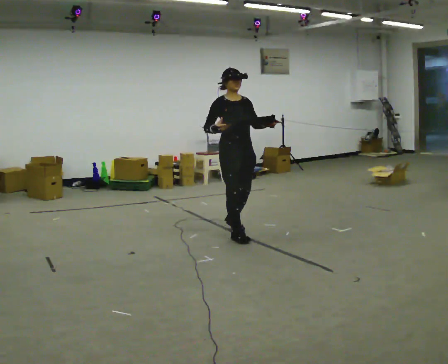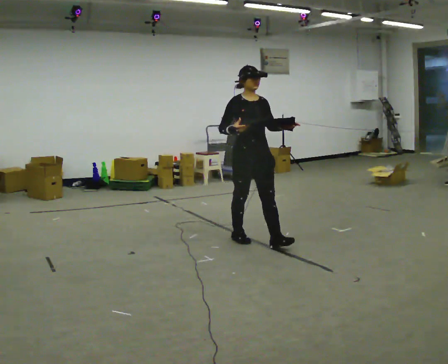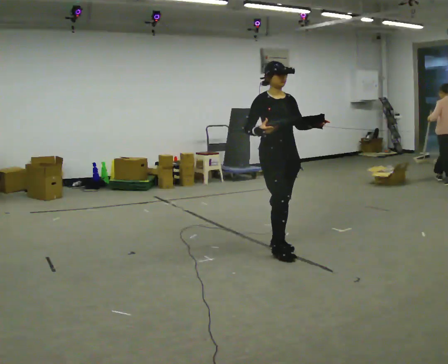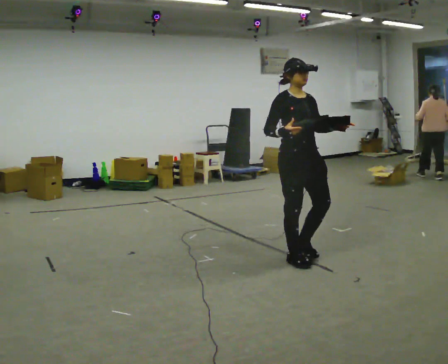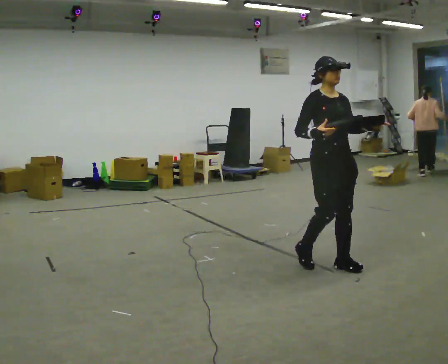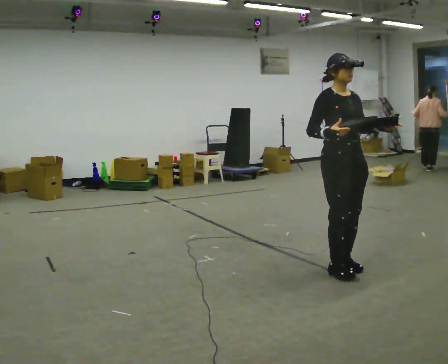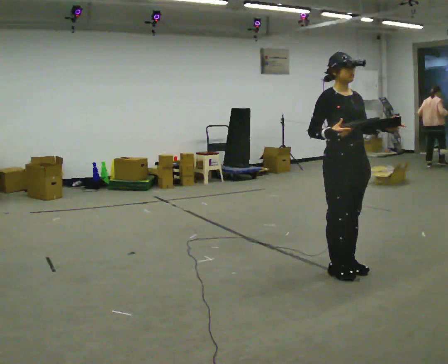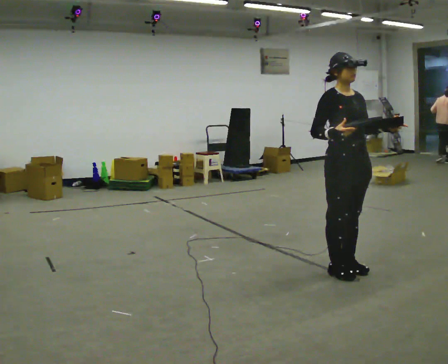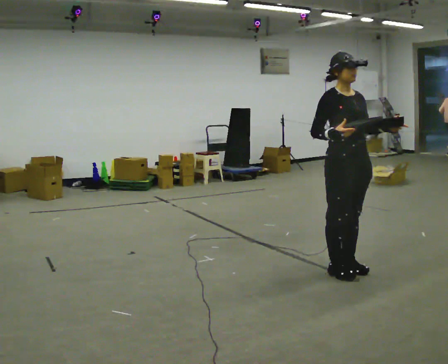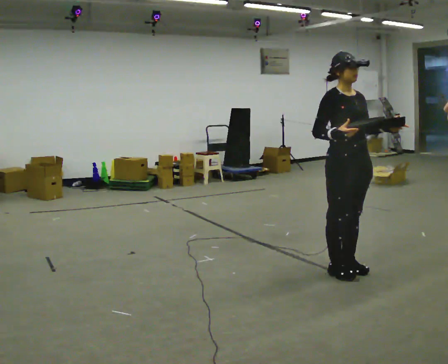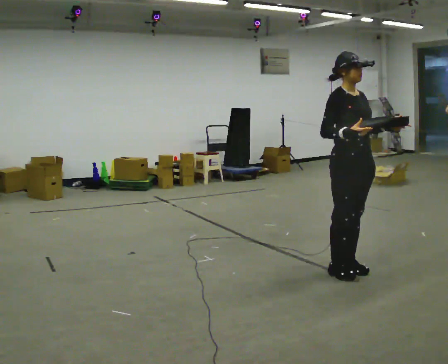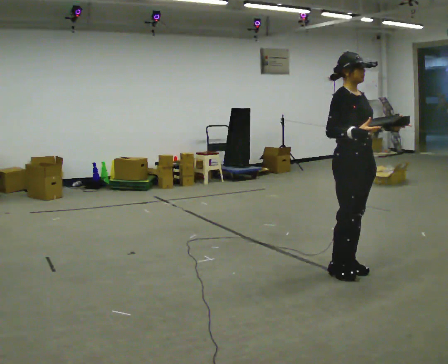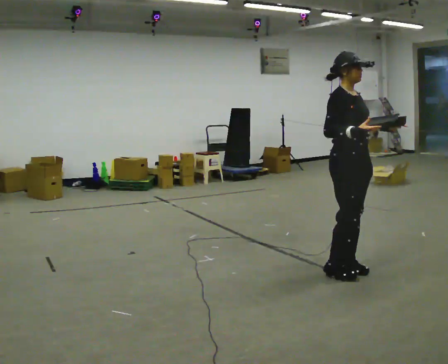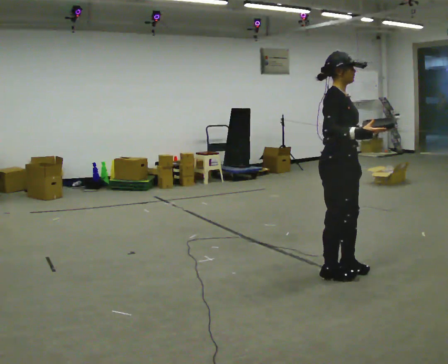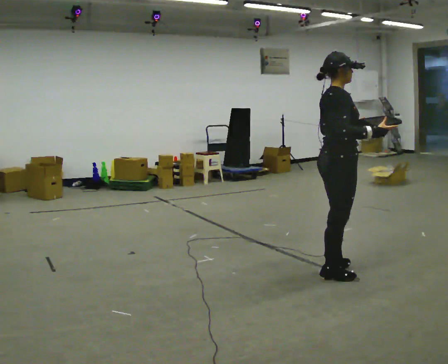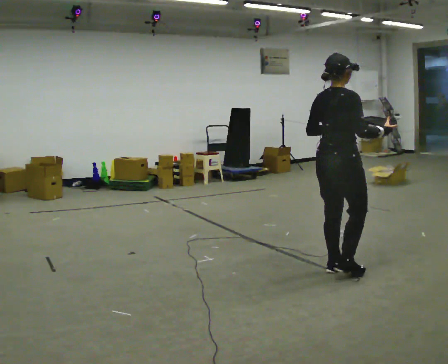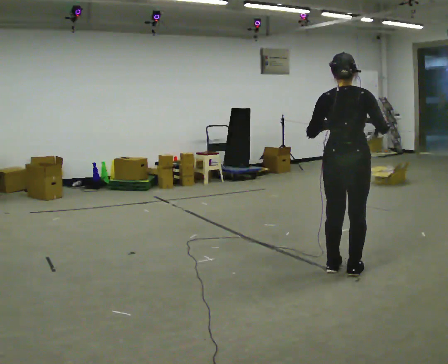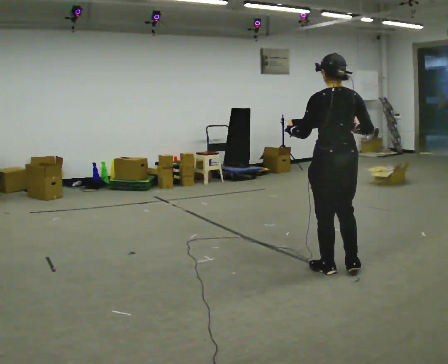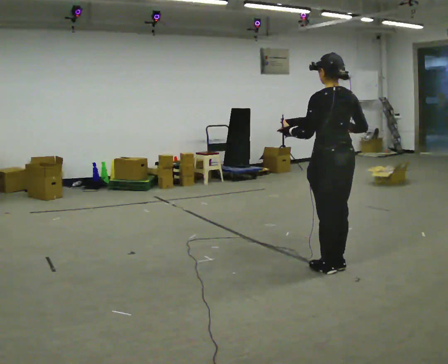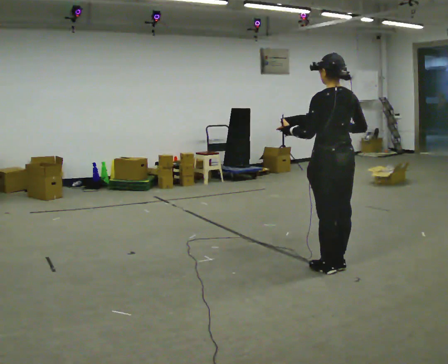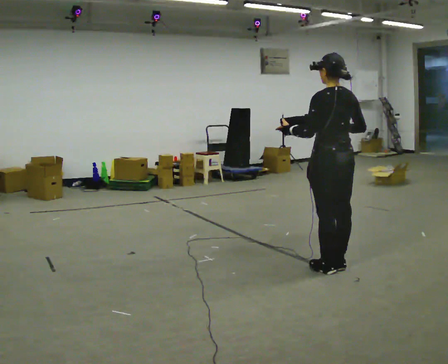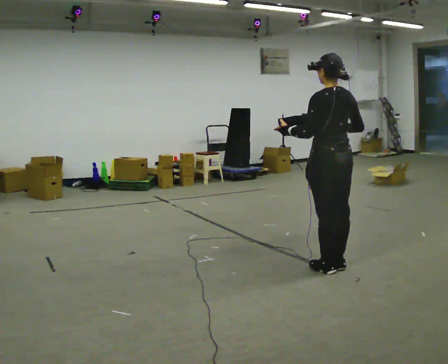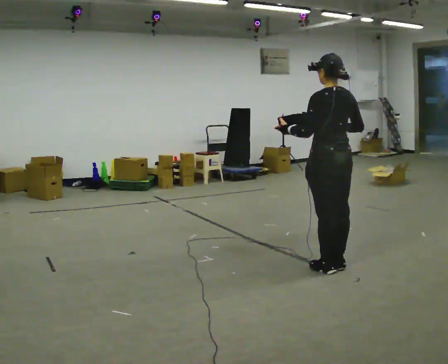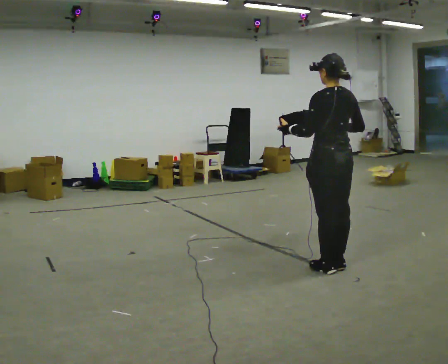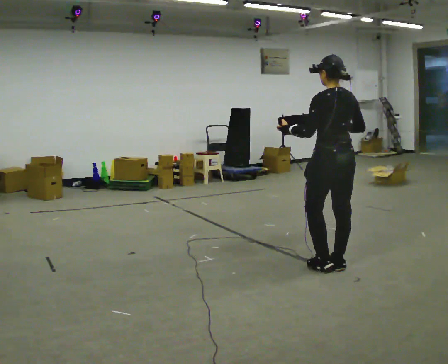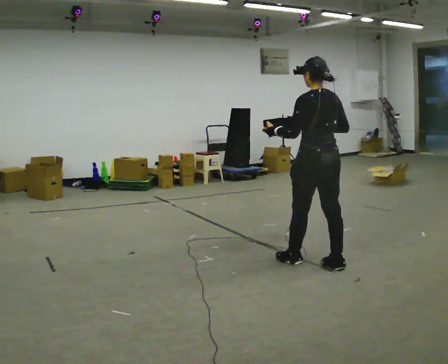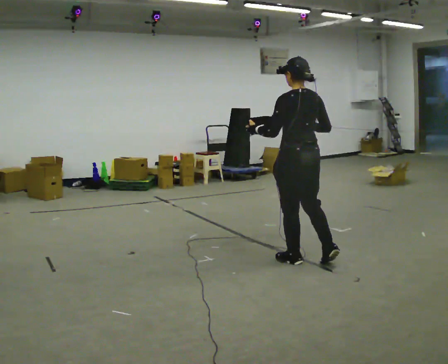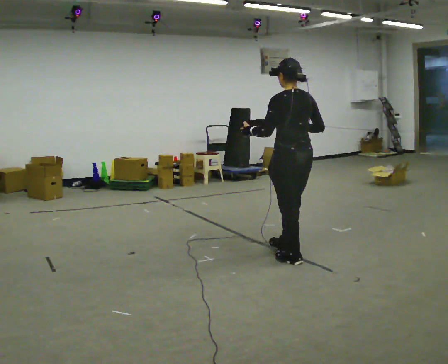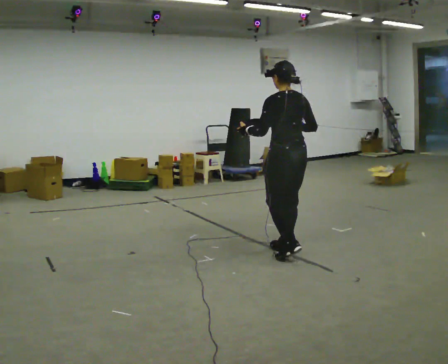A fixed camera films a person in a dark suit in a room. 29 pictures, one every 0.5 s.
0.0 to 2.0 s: In the picture they go toward the camera and to the right, about 1 m in 3 steps, which for them is forward.
2.0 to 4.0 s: In the picture they go toward the camera, about 0.25 m in 1 step, which for them is forward.
4.0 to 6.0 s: The person moves a little, or ends about where they began.
6.0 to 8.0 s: Seen from above the body turns counterclockwise, about 120 degrees: to their left, with its near side sliding to the right. In the picture their left hand goes to the left.
8.0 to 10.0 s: Seen from above the body turns counterclockwise, about 45 degrees: to their left, with its near side sliding to the right.
10.0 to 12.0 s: The person moves a little, or ends about where they began.
12.0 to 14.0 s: In the picture they go to the left and away from the camera, about 0.5 m in 2 steps, which for them is forward.
The film runs forward here.
